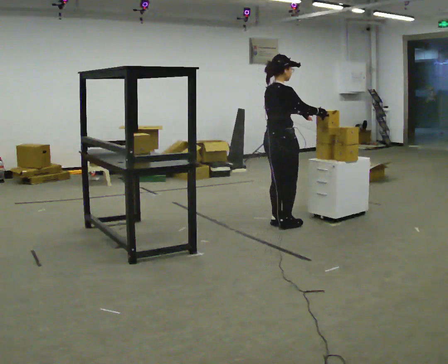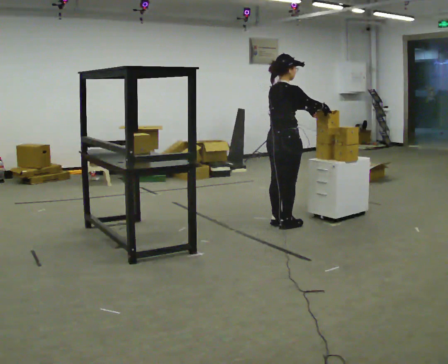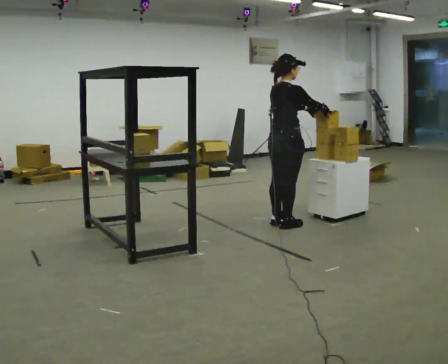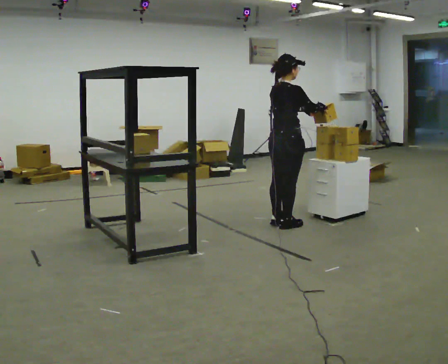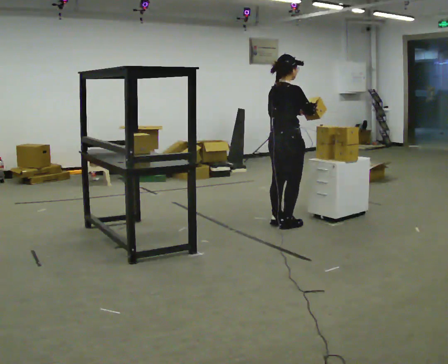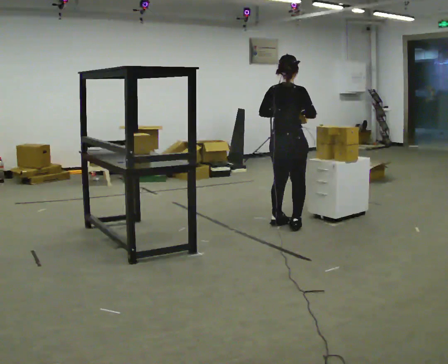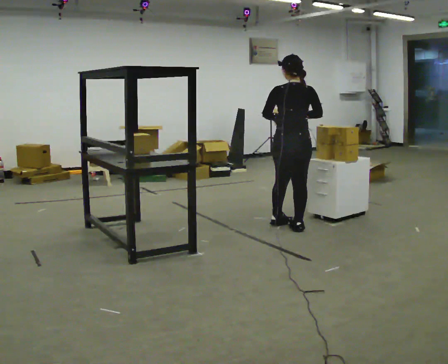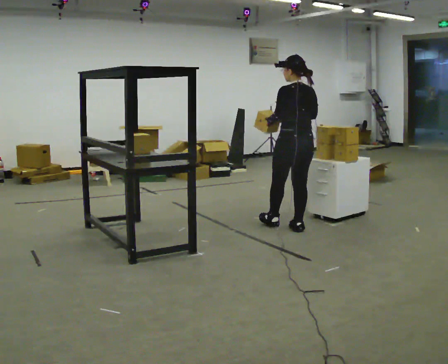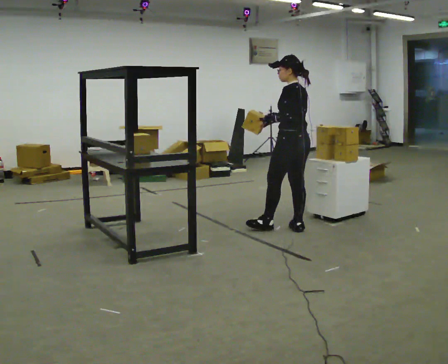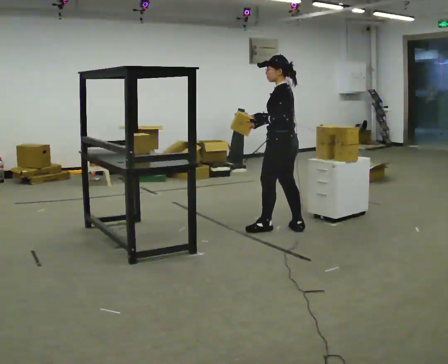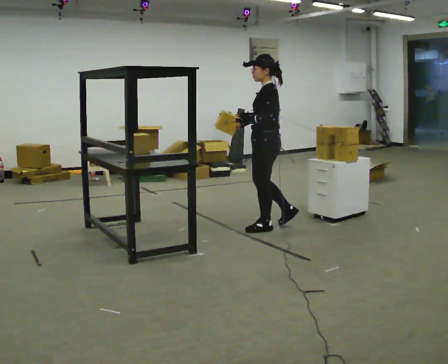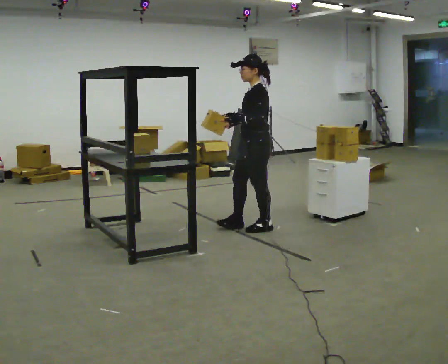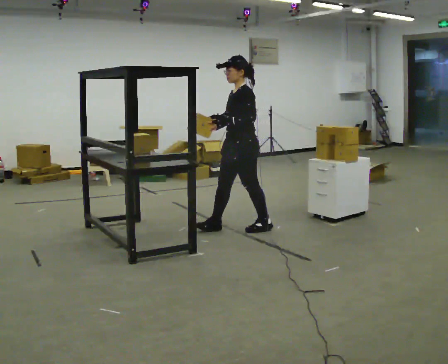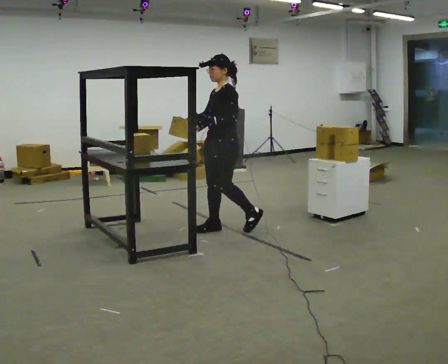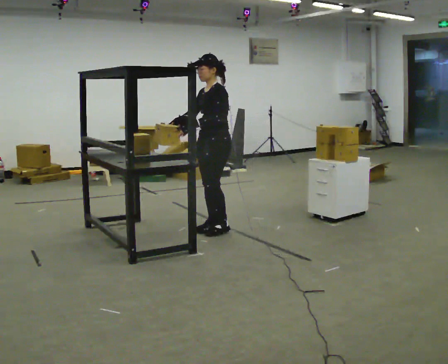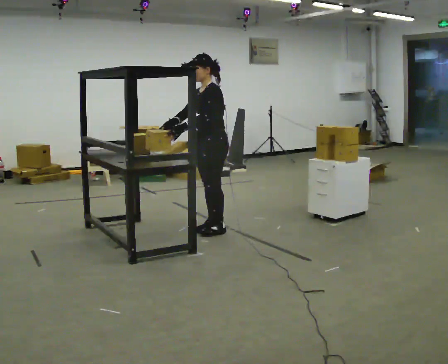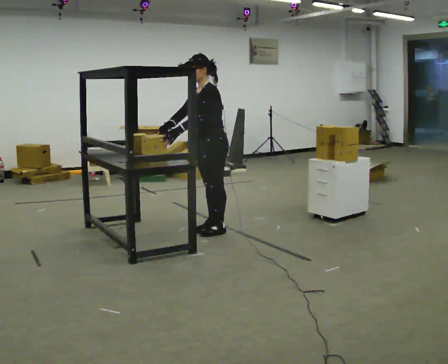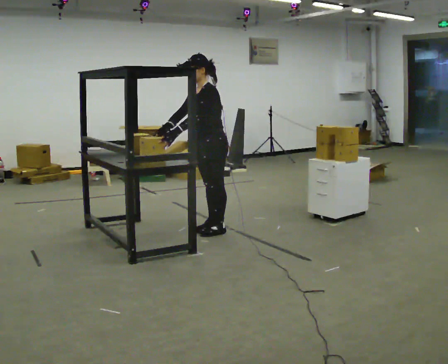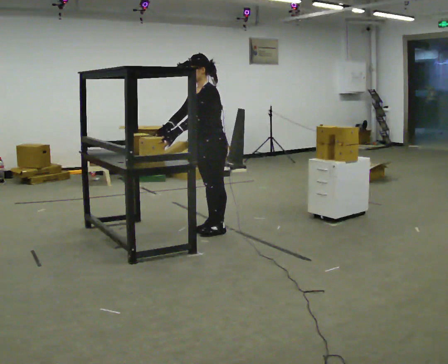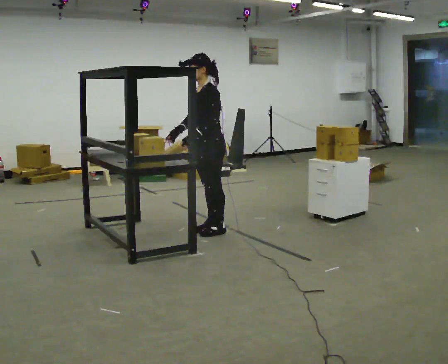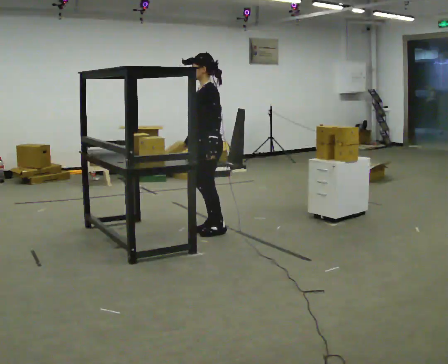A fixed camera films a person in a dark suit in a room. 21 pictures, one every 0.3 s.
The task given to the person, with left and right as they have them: Move objects one at a time from the waist-height shelf at one end of the room to the waist-height shelf at the other end. Keep going until the operator says stop; one object at a time, and do not rush between trips.
0.0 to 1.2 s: The person moves a little, or ends about where they began.
1.2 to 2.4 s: The person turns about 105 degrees to their left, counterclockwise seen from above, so the part of the body nearest the lens slides to the right.
2.4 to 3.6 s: Seen from above the body turns counterclockwise, about 60 degrees: to their left, with its near side sliding to the right. In the picture they go to the left, about 0.5 m in 1 step.
3.6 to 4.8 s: In the picture they go to the left, about 0.25 m in 1 step, which for them is forward. In the picture their right hand goes to the left.
4.8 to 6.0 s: The person moves a little, or ends about where they began.
The film runs forward here.
